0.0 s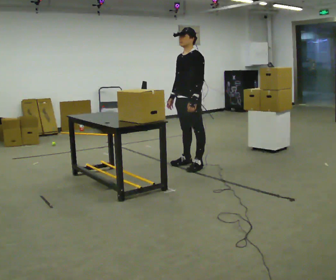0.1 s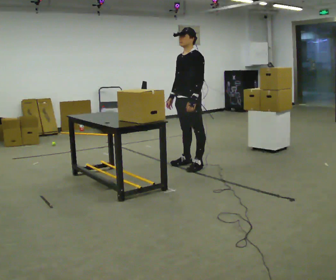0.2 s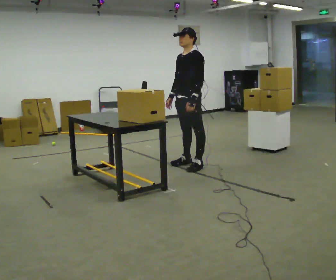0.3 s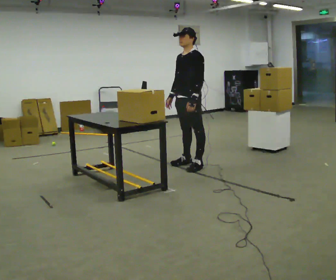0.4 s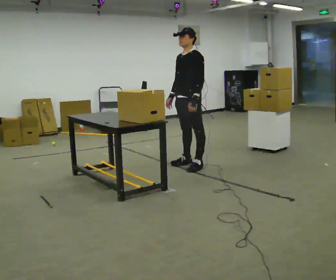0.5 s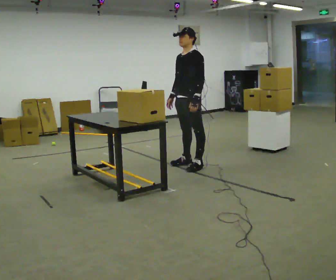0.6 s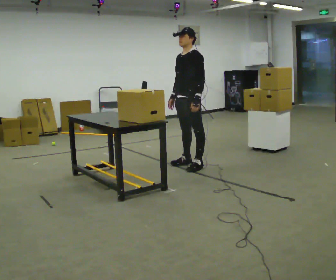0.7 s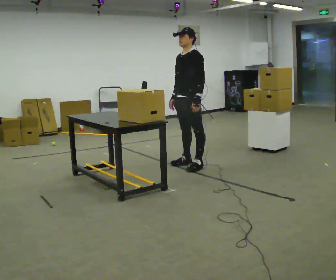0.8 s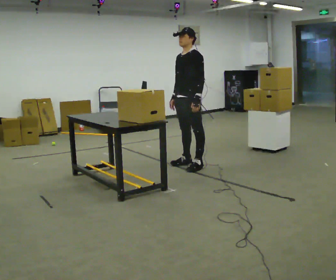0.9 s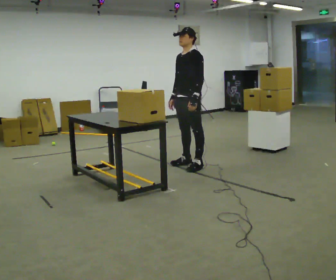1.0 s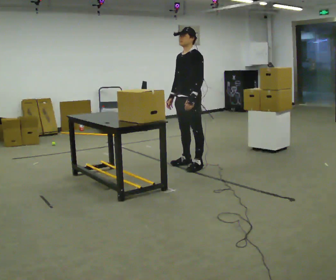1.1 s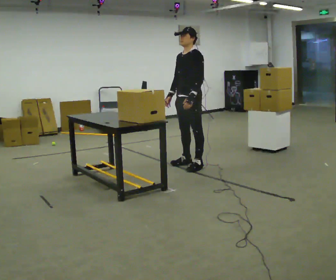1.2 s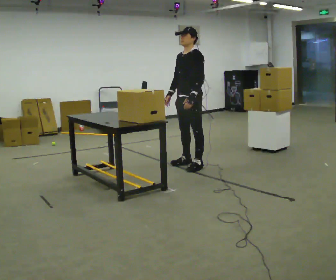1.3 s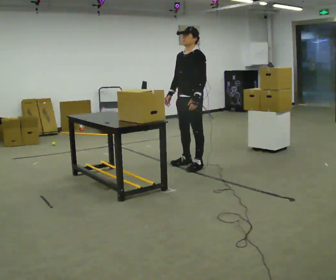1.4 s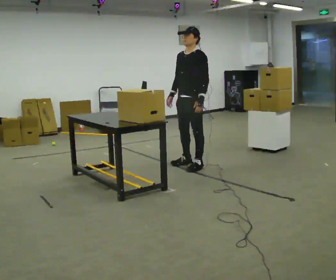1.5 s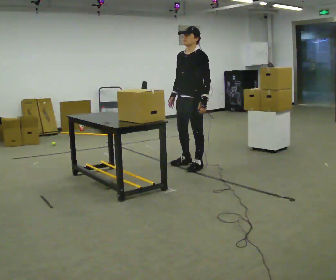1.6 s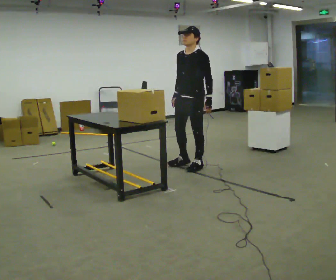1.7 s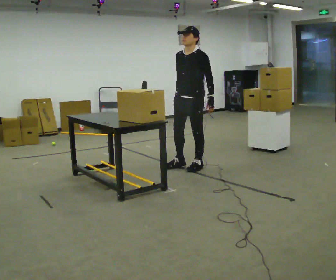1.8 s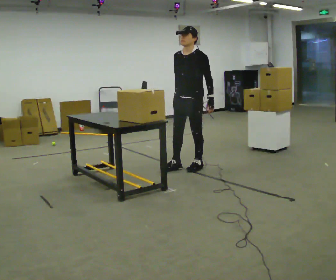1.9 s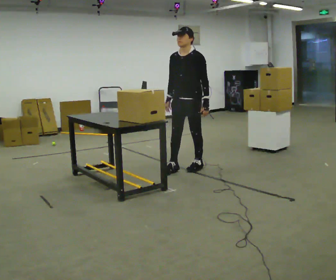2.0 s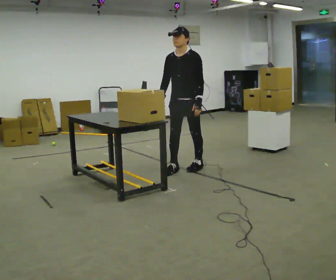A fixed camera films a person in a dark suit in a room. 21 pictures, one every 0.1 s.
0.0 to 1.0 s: The person moves a little, or ends about where they began.
1.0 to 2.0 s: Seen from above the body turns counterclockwise, about 30 degrees: to their left, with its near side sliding to the right.
The film runs backward here.
